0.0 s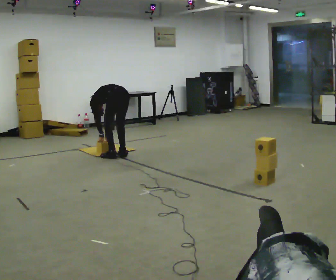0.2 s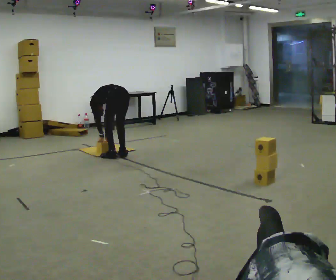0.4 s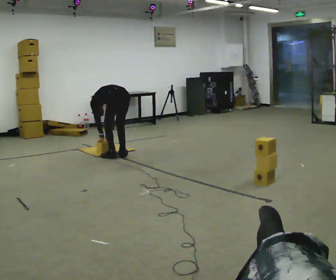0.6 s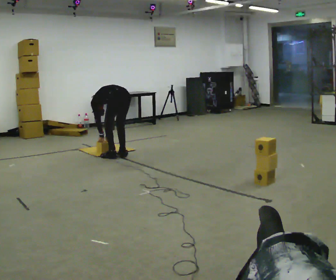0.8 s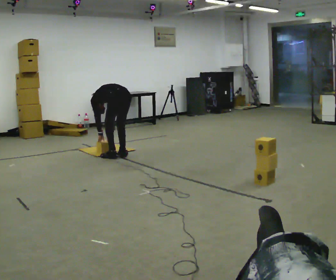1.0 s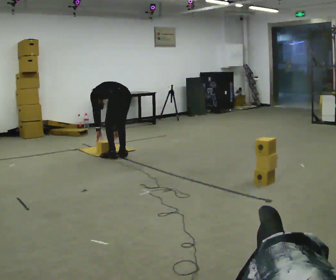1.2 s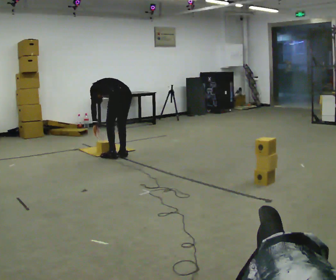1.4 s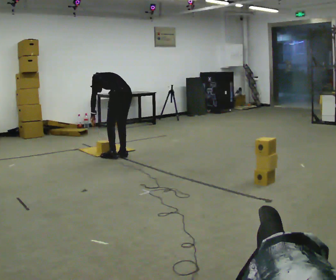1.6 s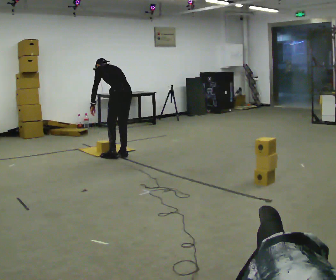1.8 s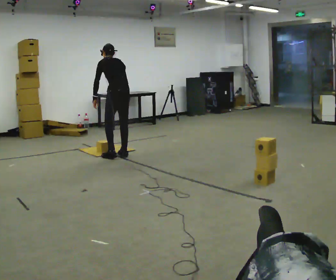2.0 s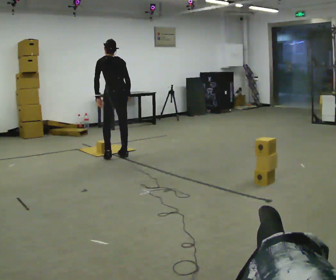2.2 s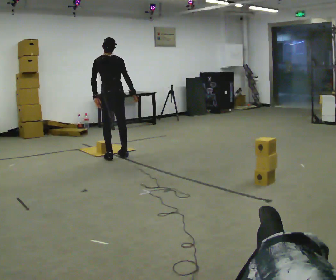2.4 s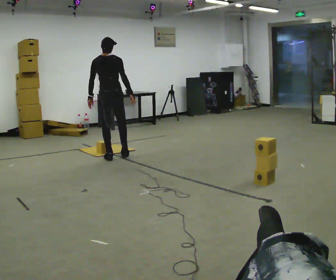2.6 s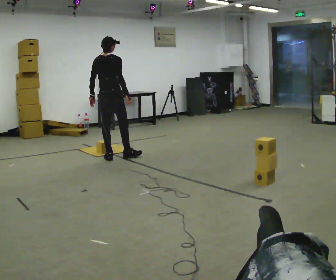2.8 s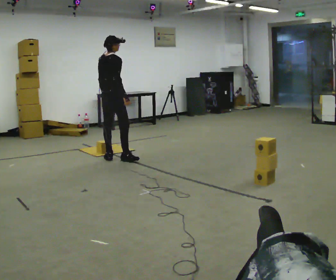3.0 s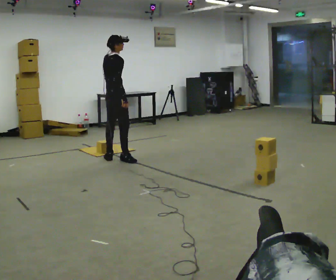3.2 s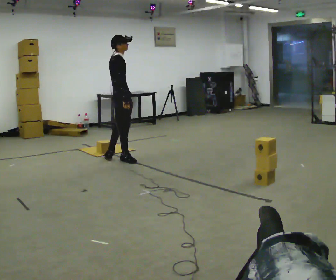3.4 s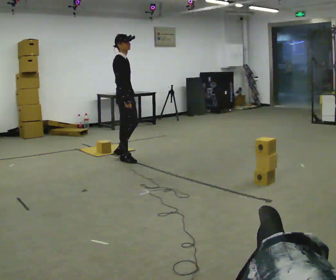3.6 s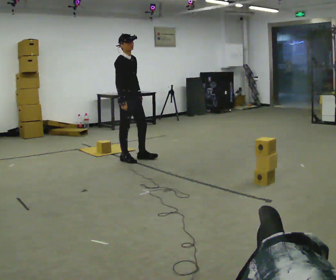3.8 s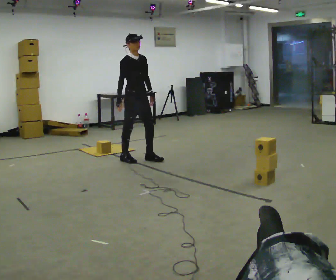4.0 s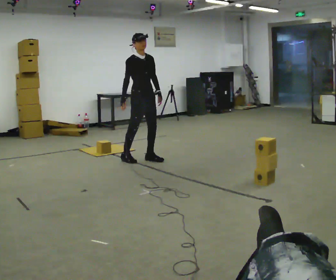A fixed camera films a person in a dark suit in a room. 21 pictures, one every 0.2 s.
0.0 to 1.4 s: The upper body goes upward. The upper body tips toward the camera, its near side rolling downward, as they lean back or straighten. In the picture their left hand goes upward.
1.4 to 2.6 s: Seen from above the body turns clockwise, about 75 degrees: to their right, with its near side sliding to the left. In the picture they go to the left, about 0.25 m. The shoulders move upward. In the picture the upper body tilts clockwise, shoulders to the right, as they lean back or straighten.
2.6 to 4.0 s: Seen from above the body turns clockwise, about 120 degrees: to their right, with its near side sliding to the left. In the picture they go to the right, about 0.5 m in 2 steps.
The film runs forward here.
